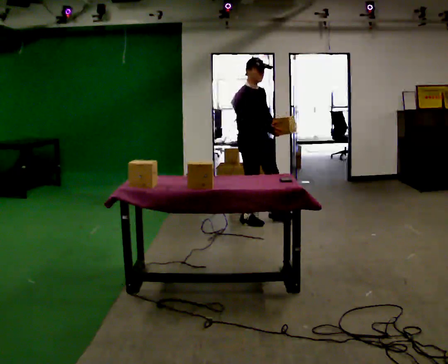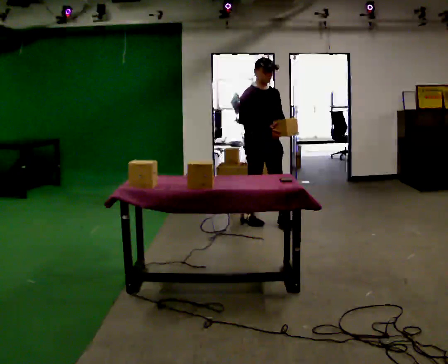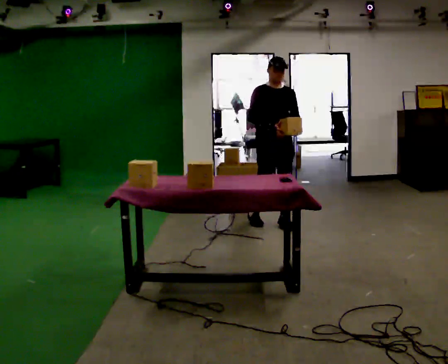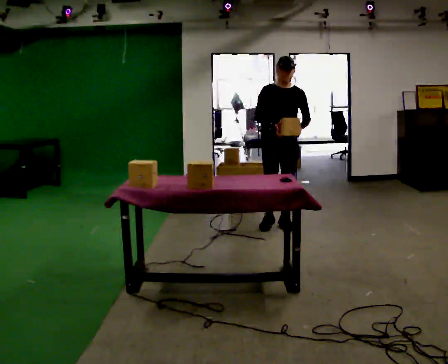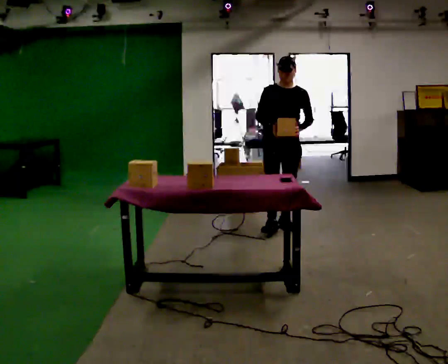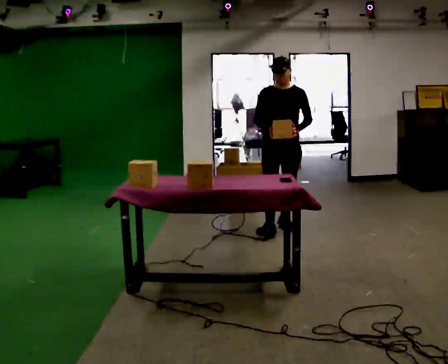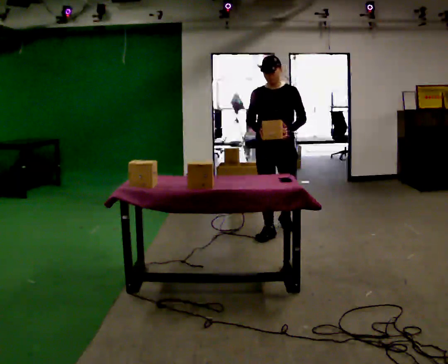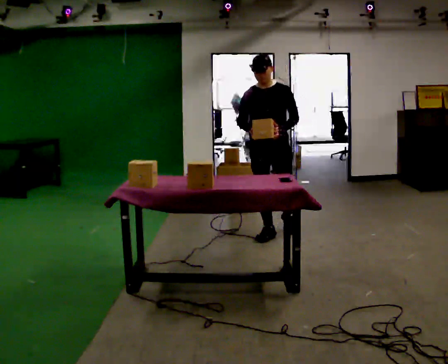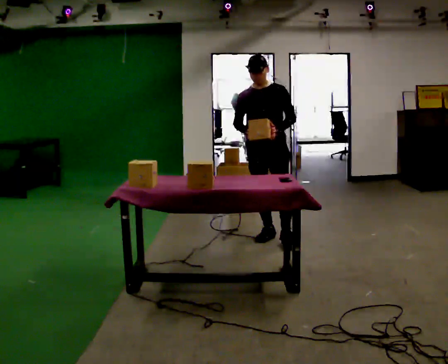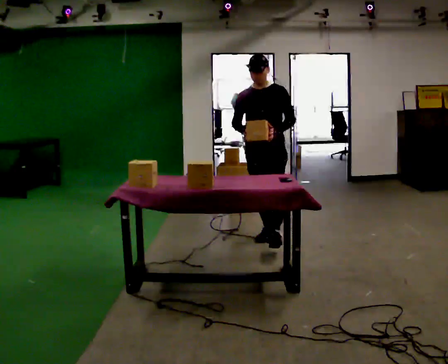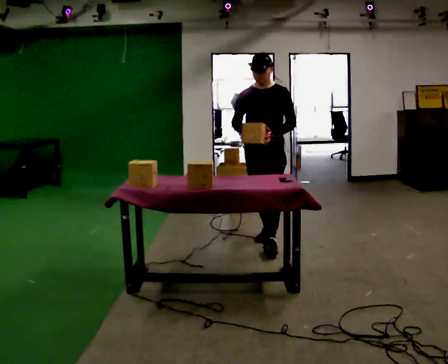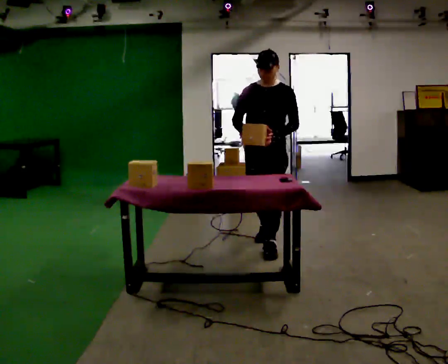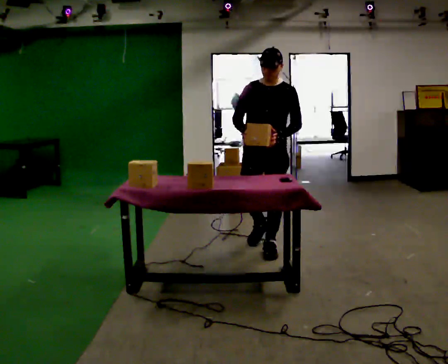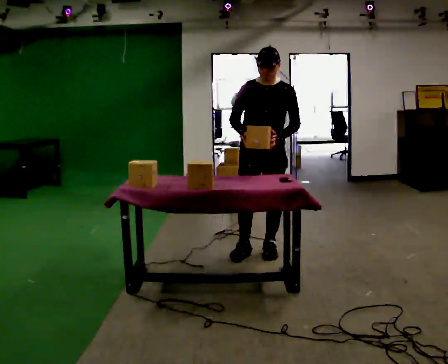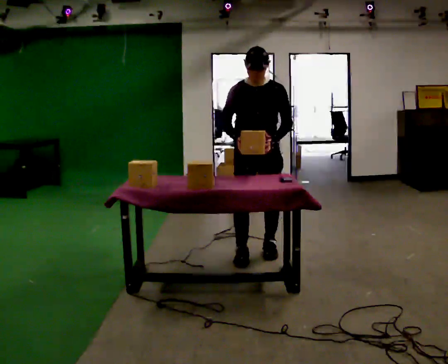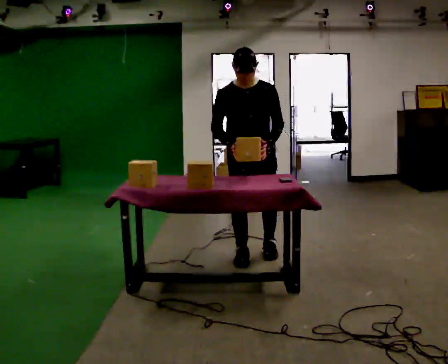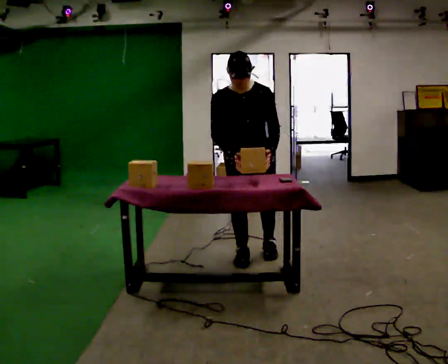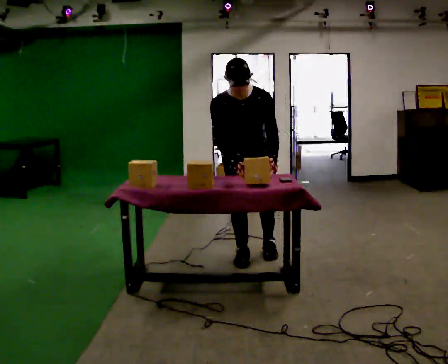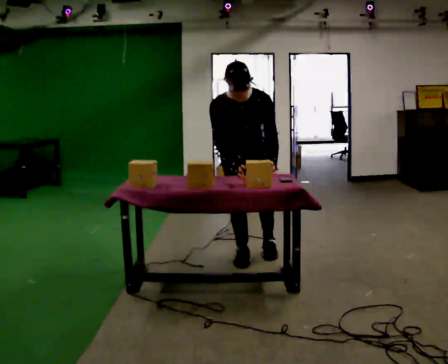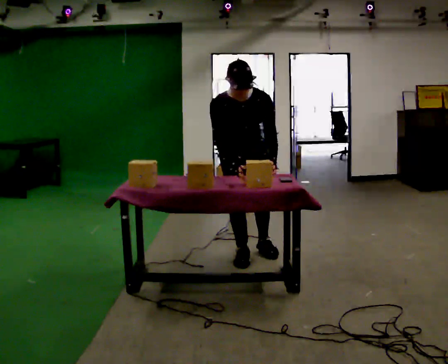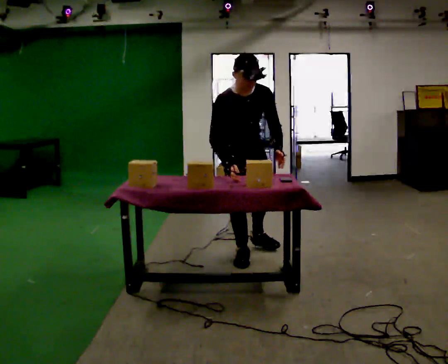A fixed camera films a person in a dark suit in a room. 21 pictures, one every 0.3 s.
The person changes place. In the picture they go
toward the camera.
The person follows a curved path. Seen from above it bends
clockwise.
0.0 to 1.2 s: The person turns about 60 degrees to their right, clockwise seen from above, so the part of the body nearest the lens slides to the left. In the picture they go to the right, about 0.25 m in 1 step, which for them is forward and to their left.
1.2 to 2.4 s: In the picture they go toward the camera, about 0.5 m in 1 step, which for them is forward.
2.4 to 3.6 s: In the picture they go toward the camera, about 0.5 m in 1 step, which for them is forward.
3.6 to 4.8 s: In the picture they go toward the camera and to the left, about 0.25 m in 1 step, which for them is to their right and forward. The upper body tips toward the camera, its near side rolling downward, as they bend forward.
4.8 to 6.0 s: The person moves a little, or ends about where they began.
The film runs forward here.
